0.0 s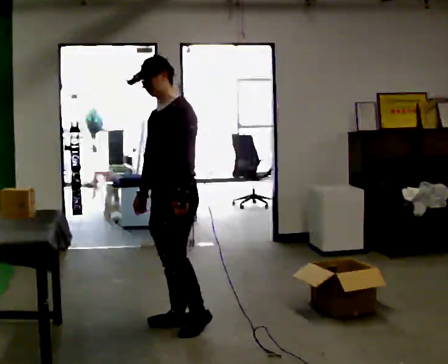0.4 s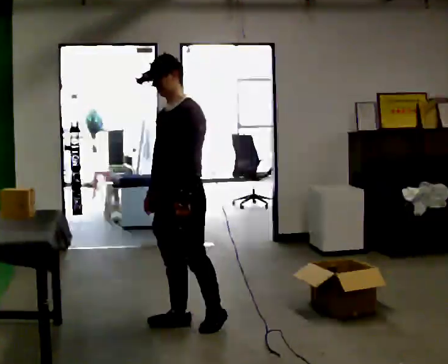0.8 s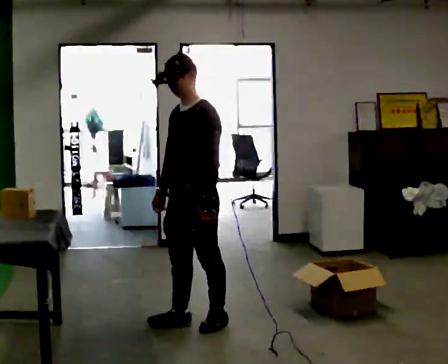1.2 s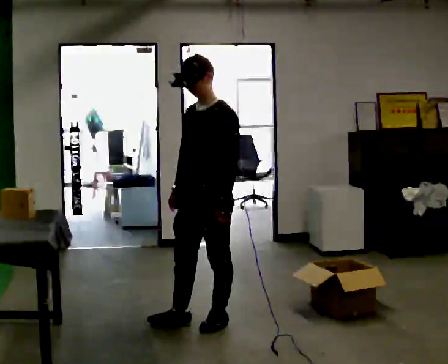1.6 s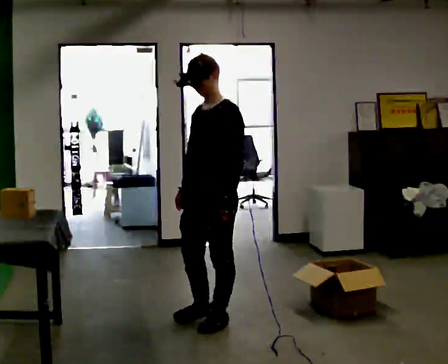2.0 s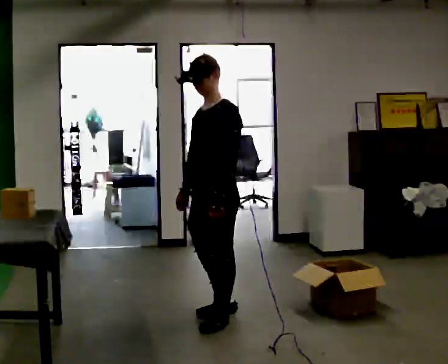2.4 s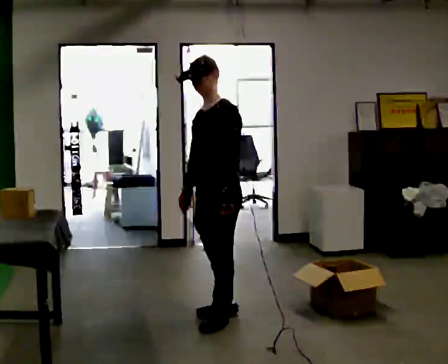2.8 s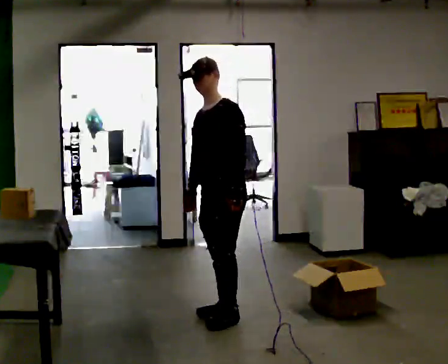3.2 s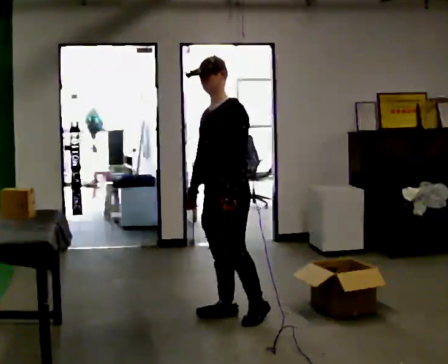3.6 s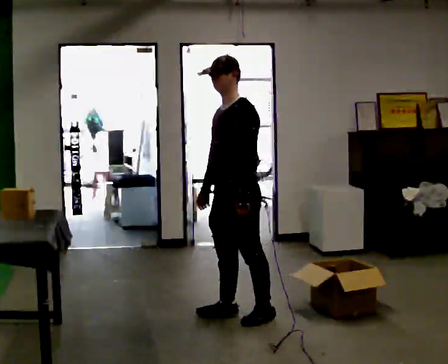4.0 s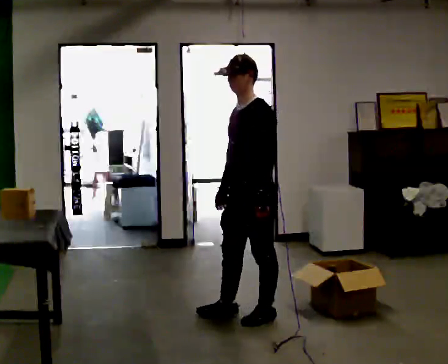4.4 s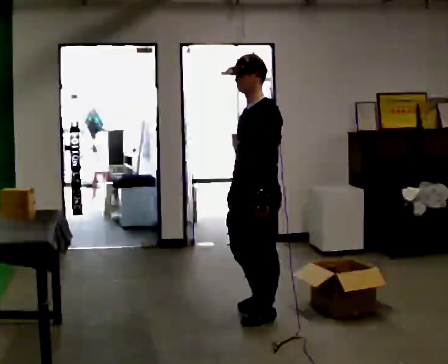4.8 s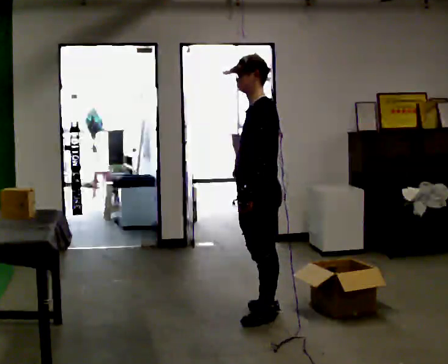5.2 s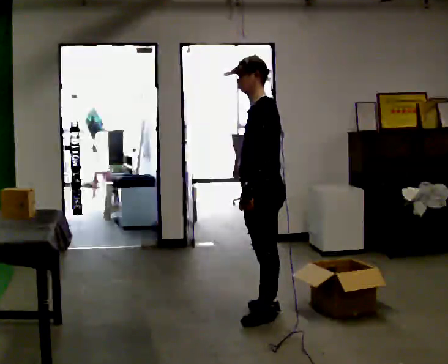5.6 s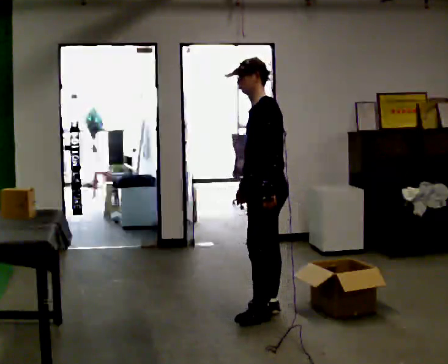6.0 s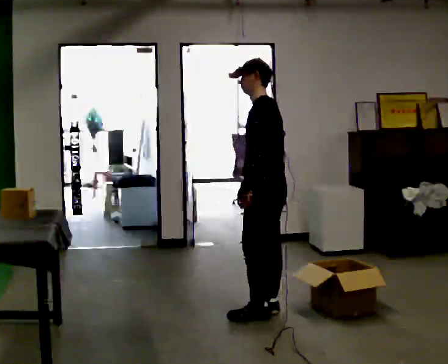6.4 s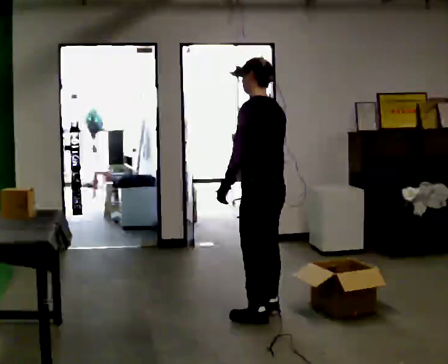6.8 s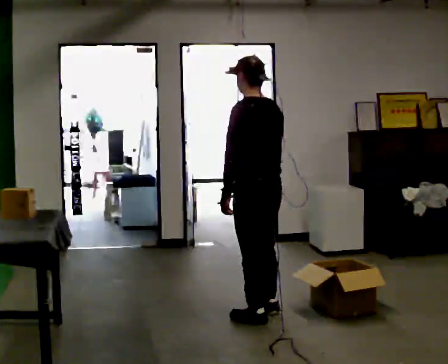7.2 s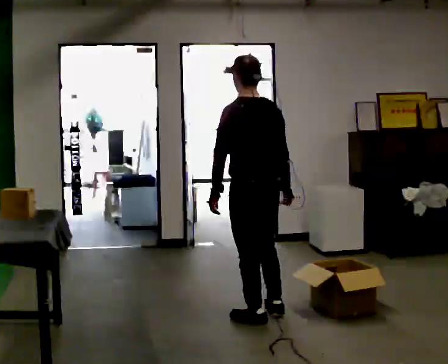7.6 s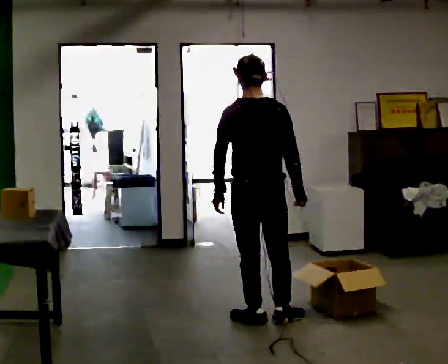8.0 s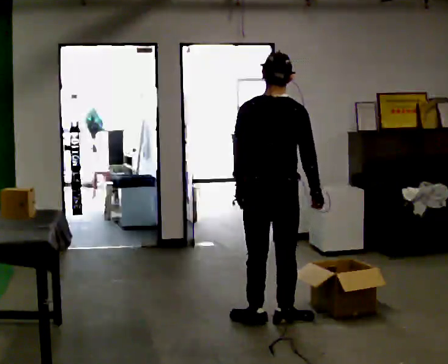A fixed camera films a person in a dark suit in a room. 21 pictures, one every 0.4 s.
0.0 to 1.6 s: In the picture they go to the right, about 0.25 m in 1 step, which for them is to their left and backward.
1.6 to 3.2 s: In the picture they go away from the camera, about 0.25 m in 1 step, which for them is backward.
3.2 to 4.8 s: Seen from above the body turns clockwise, about 30 degrees: to their right, with its near side sliding to the left. In the picture they go to the right, about 0.25 m in 1 step, which for them is to their left and backward. In the picture their right hand goes to the right.
4.8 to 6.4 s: Seen from above the body turns clockwise, about 30 degrees: to their right, with its near side sliding to the left.
6.4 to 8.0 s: The part of the body nearest the lens slides to the left as the person turns to their right by about 60 degrees. In the picture they go toward the camera, about 0.25 m in 1 step.
The film runs backward here.
